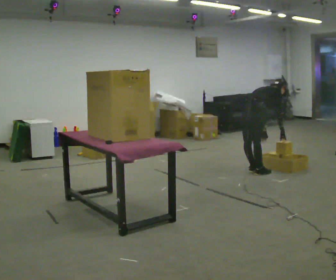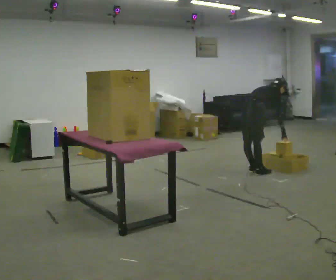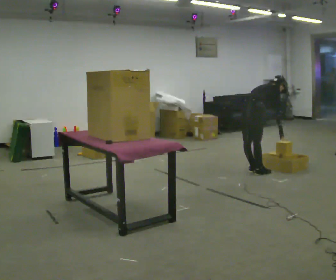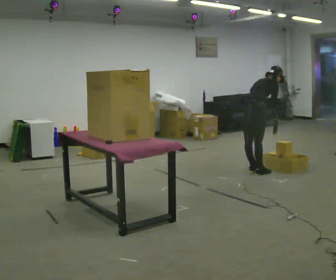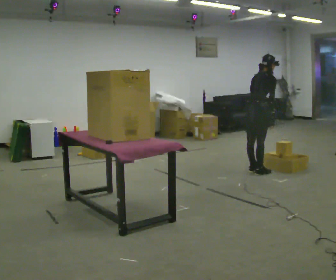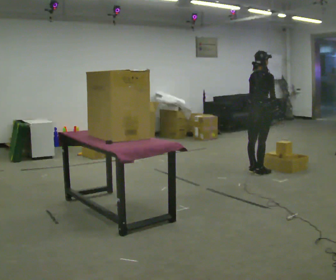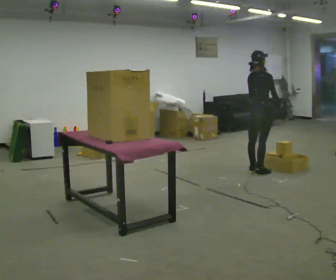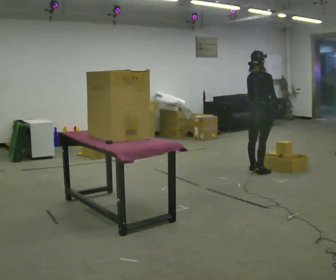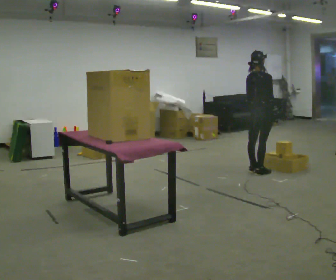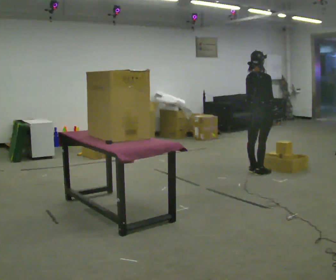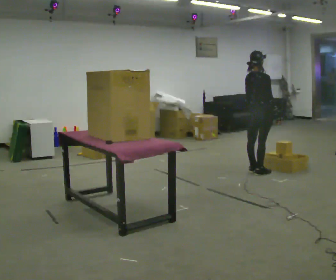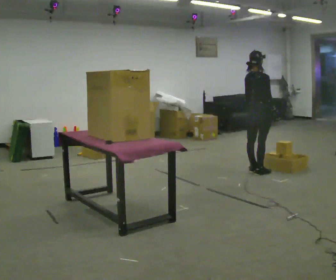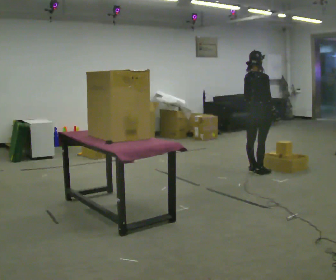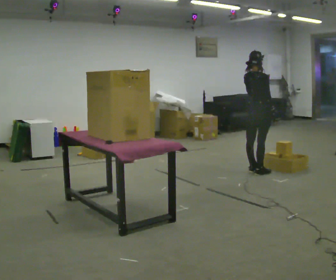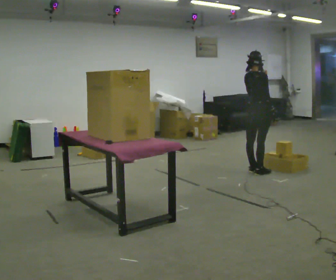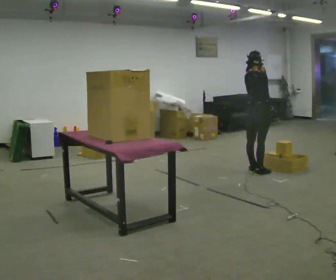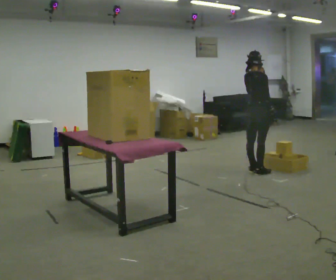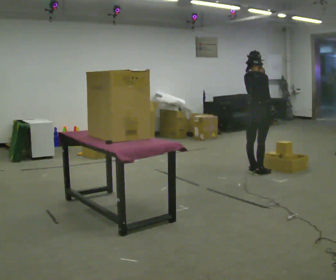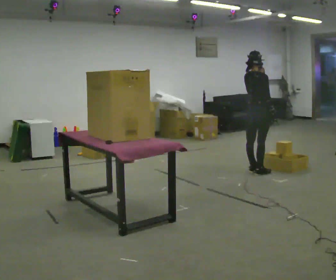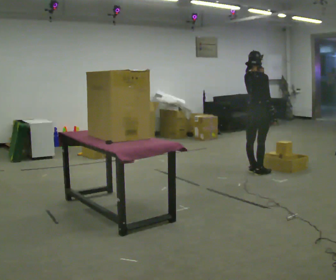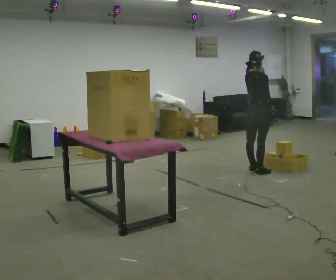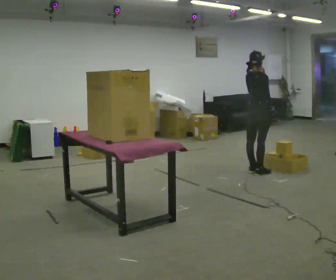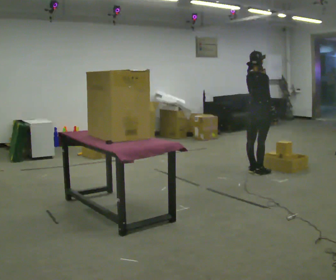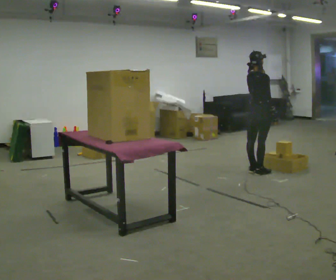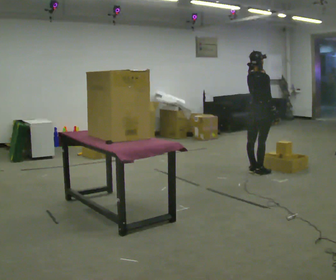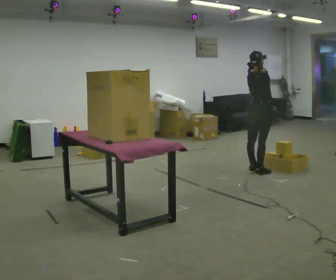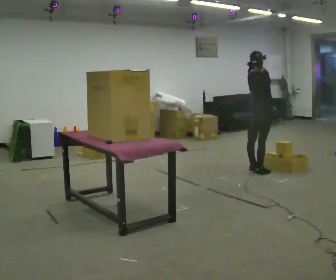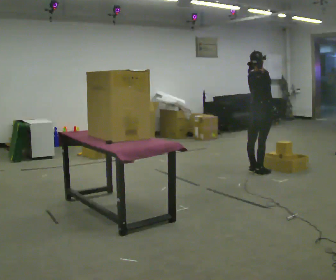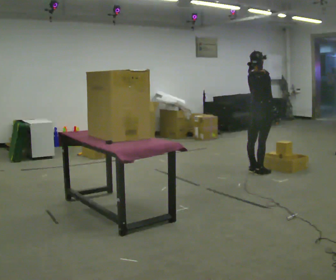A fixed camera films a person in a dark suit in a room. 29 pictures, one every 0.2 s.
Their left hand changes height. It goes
upward.
0.0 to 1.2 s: The upper body goes upward. In the picture the upper body tilts counterclockwise, shoulders to the left, as they lean back or straighten.
1.2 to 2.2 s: The person moves a little, or ends about where they began.
2.2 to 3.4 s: In the picture their left hand goes upward.
3.4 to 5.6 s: The person moves a little, or ends about where they began.
The film runs forward here.
